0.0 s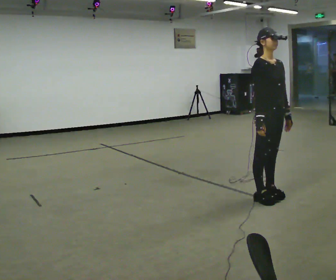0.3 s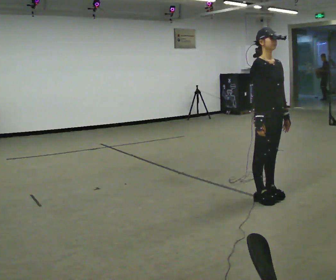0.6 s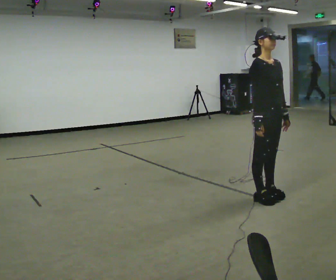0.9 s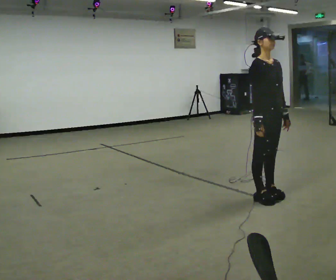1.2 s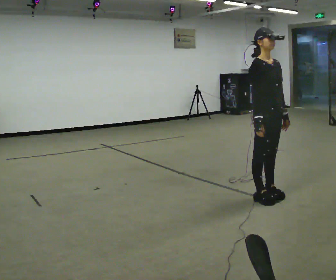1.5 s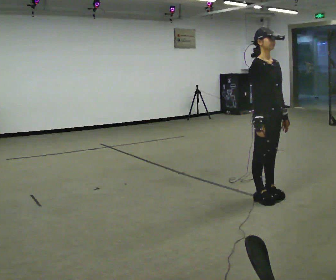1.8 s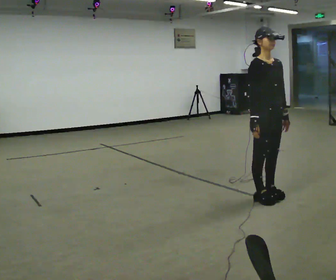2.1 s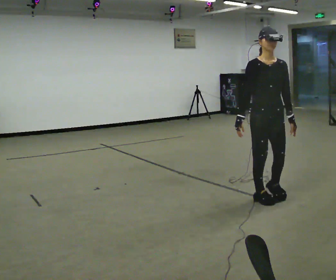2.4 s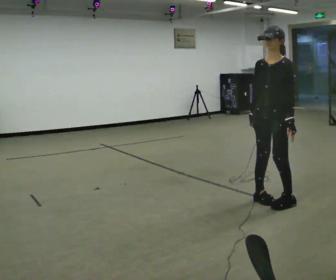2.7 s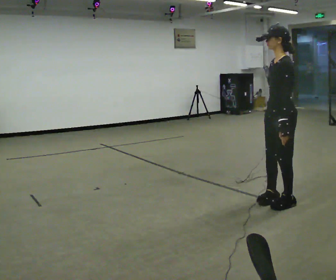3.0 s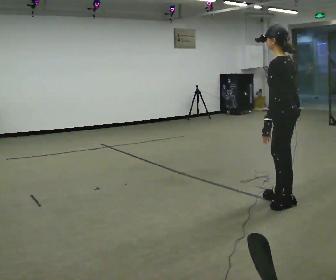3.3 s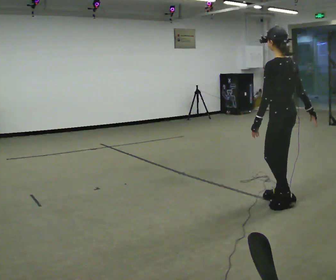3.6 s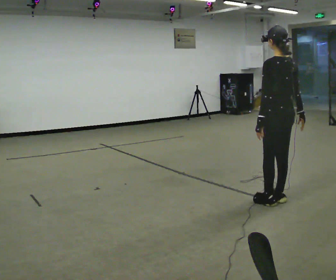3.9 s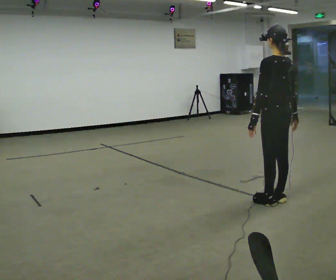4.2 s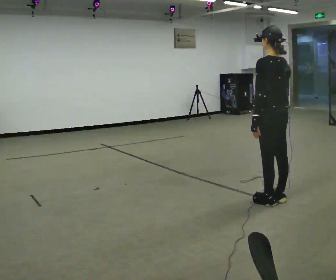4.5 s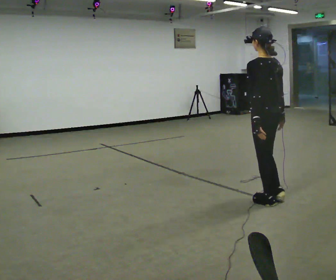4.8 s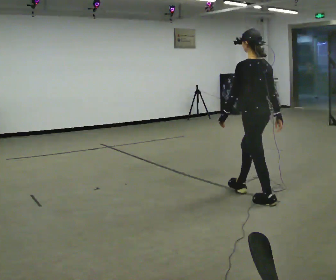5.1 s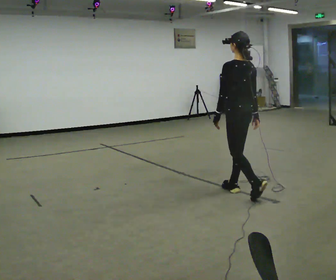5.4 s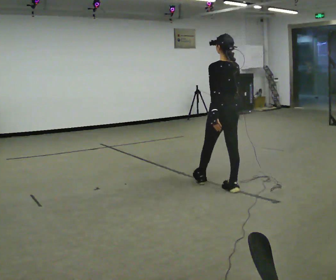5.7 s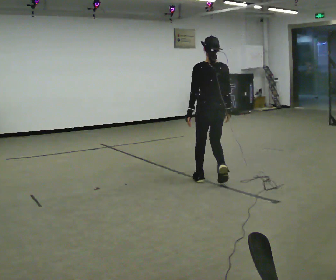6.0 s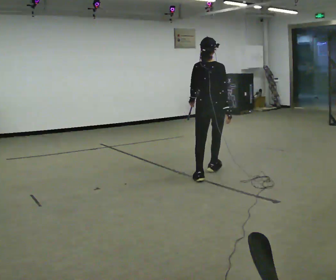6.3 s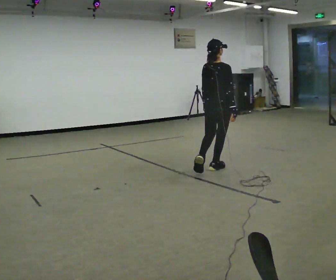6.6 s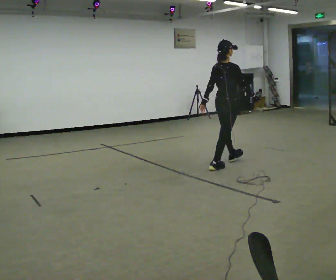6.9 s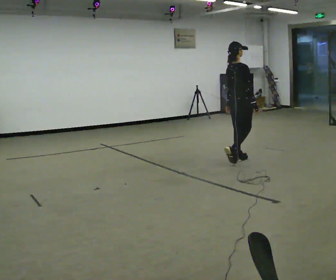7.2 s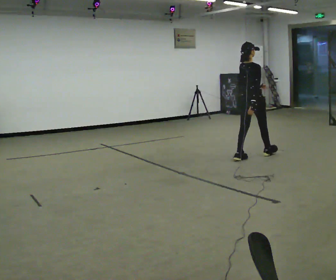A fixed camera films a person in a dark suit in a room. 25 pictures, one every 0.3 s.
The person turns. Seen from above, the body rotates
clockwise.
The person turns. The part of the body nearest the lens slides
to the left.
0.0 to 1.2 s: The person moves a little, or ends about where they began.
1.2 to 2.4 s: The person turns about 75 degrees to their right, clockwise seen from above, so the part of the body nearest the lens slides to the left.
2.4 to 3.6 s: The part of the body nearest the lens slides to the left as the person turns to their right by about 105 degrees. In the picture their right hand goes to the right, the arm swinging counterclockwise.
3.6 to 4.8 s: In the picture they go to the left, about 0.25 m, which for them is forward. In the picture their left hand goes to the left.
4.8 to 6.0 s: Seen from above the body turns clockwise, about 60 degrees: to their right, with its near side sliding to the left. In the picture they go away from the camera and to the left, about 1 m in 2 steps, which for them is forward.
6.0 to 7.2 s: The person turns about 30 degrees to their right, clockwise seen from above, so the part of the body nearest the lens slides to the left. In the picture they go away from the camera and to the right, about 1 m in 2 steps, which for them is forward.
The film runs forward here.
